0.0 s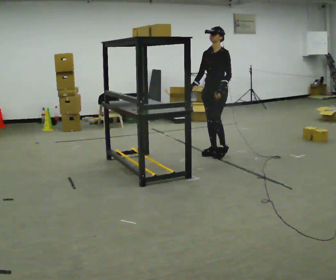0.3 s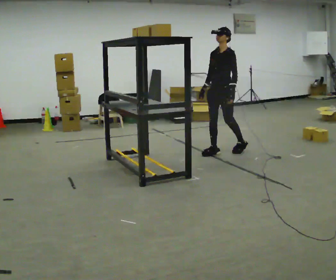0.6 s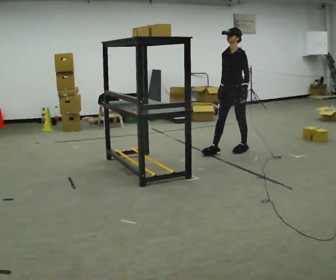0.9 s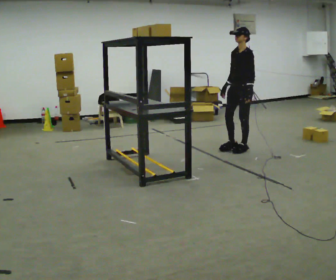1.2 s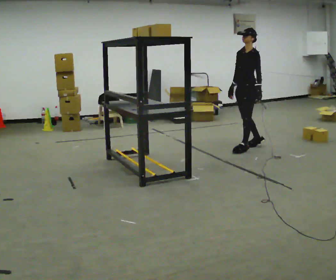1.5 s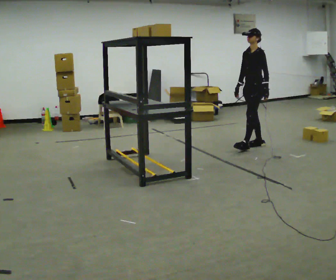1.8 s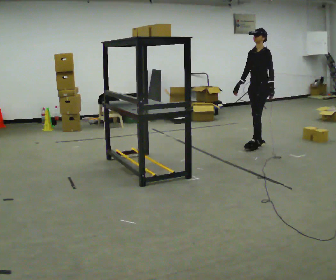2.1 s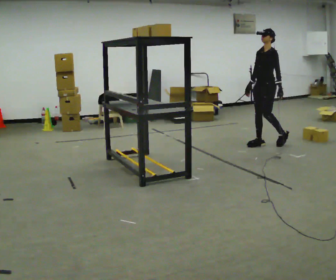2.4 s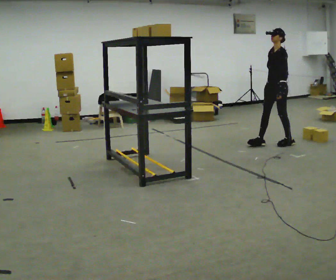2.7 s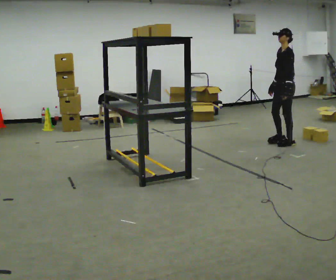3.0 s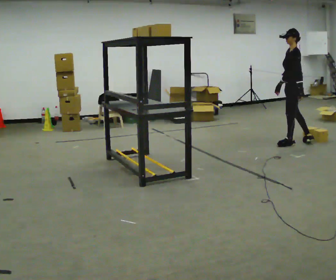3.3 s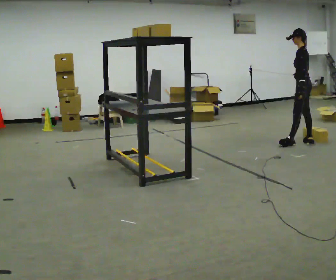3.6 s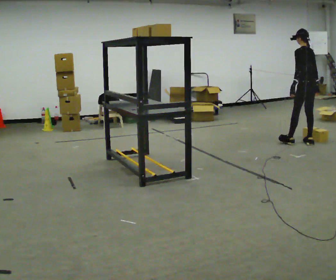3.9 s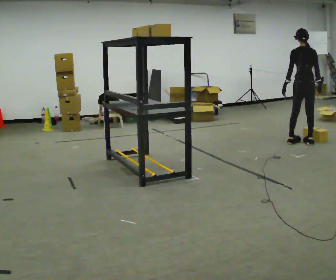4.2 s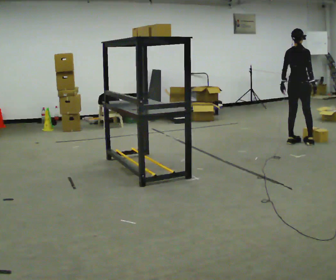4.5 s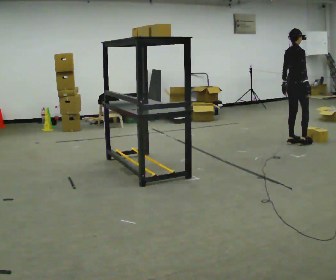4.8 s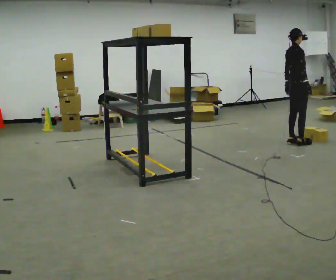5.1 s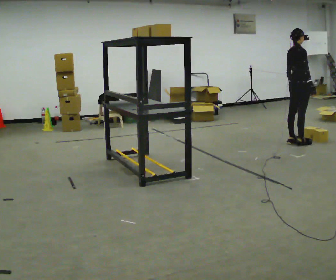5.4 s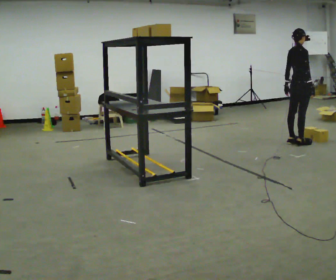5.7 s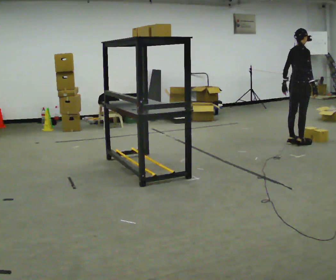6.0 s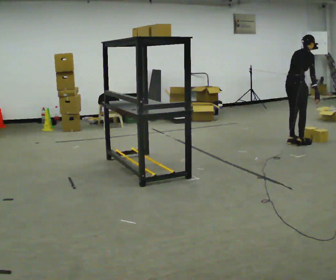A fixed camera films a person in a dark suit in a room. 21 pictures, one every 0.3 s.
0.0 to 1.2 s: In the picture they go to the right and away from the camera, about 0.5 m in 1 step, which for them is backward.
1.2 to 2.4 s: In the picture they go to the right and away from the camera, about 0.5 m in 1 step, which for them is backward.
2.4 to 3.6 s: Seen from above the body turns clockwise, about 75 degrees: to their right, with its near side sliding to the left. In the picture they go to the right, about 0.5 m in 1 step.
3.6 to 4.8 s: The person turns about 105 degrees to their right, clockwise seen from above, so the part of the body nearest the lens slides to the left. In the picture they go to the left, about 0.25 m in 1 step.
4.8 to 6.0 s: In the picture the upper body tilts clockwise, shoulders to the right, as they bend forward.
The film runs backward here.
